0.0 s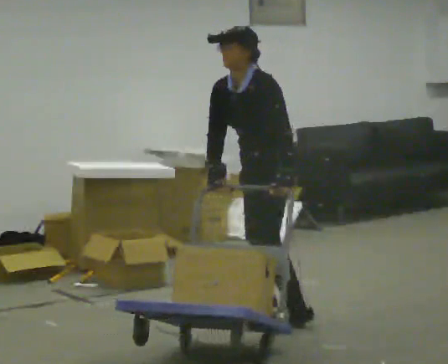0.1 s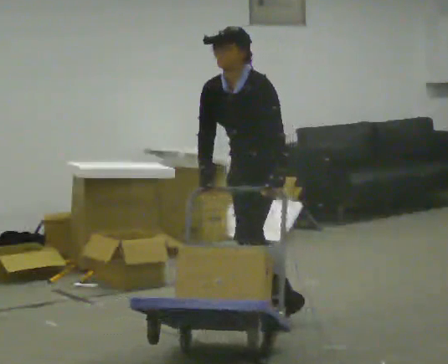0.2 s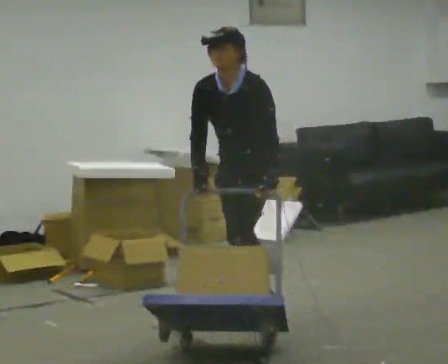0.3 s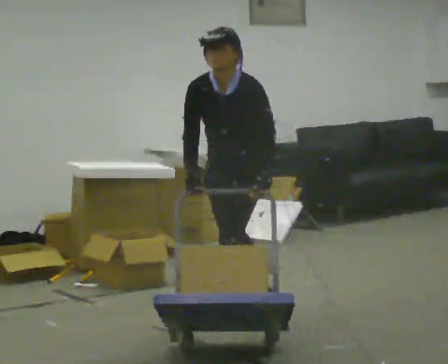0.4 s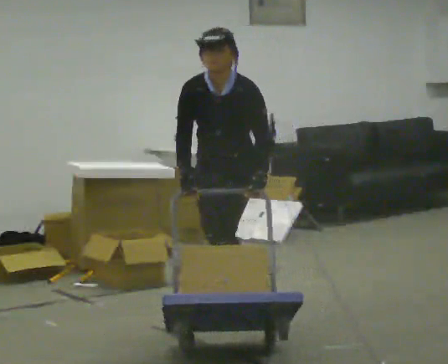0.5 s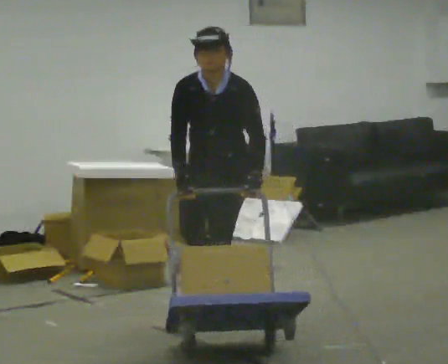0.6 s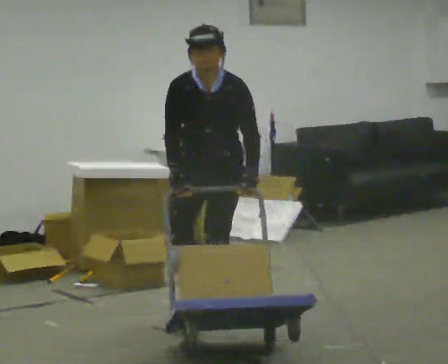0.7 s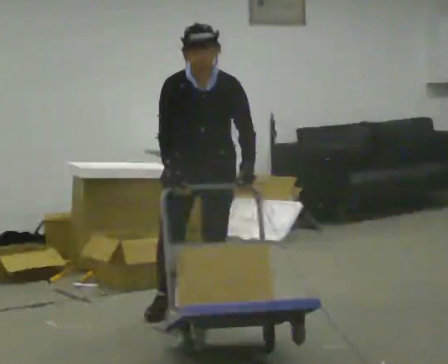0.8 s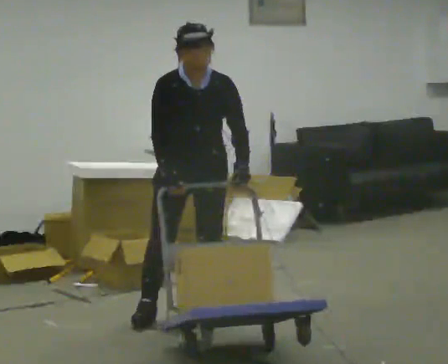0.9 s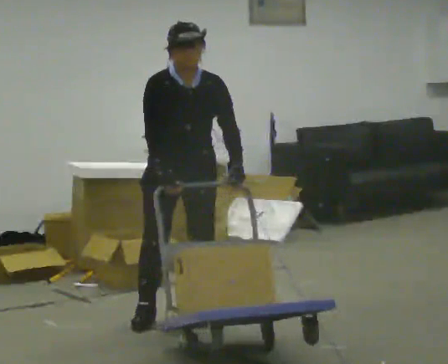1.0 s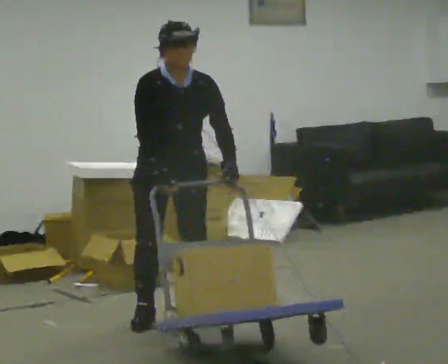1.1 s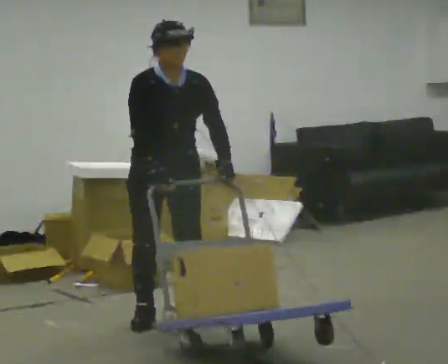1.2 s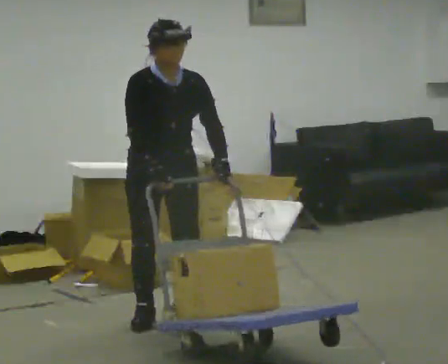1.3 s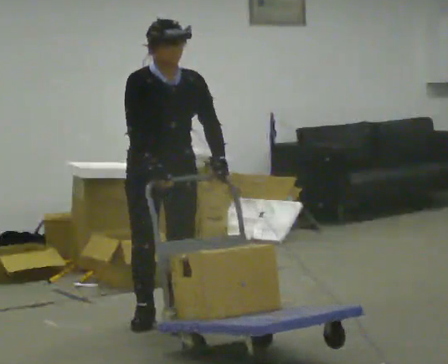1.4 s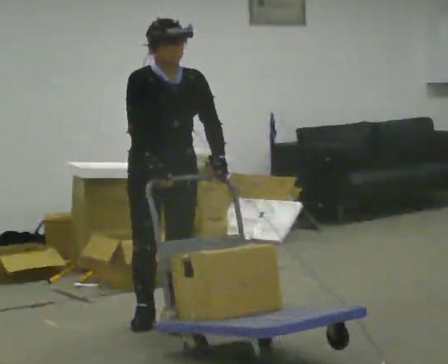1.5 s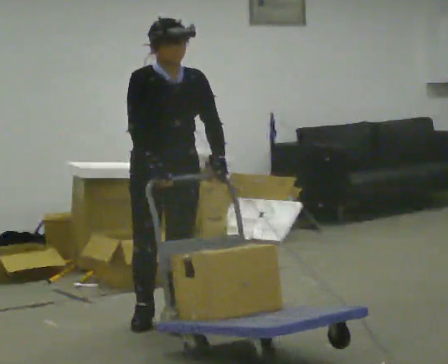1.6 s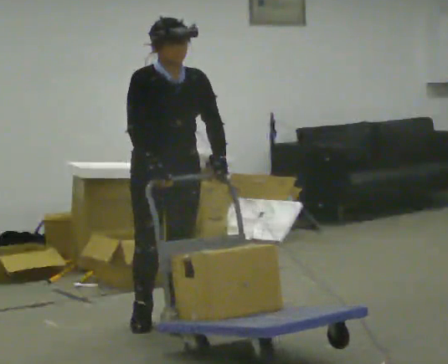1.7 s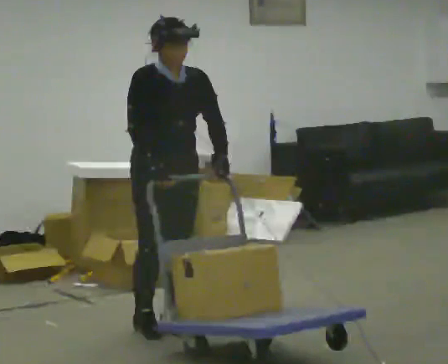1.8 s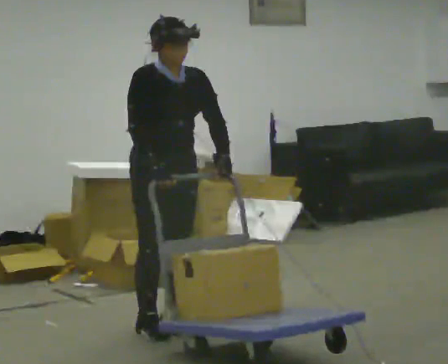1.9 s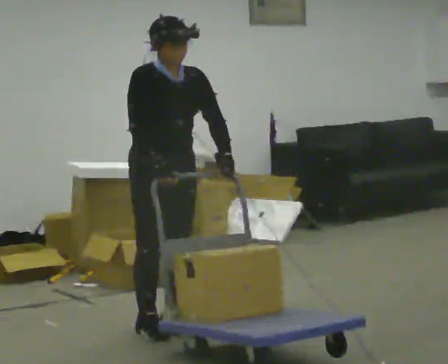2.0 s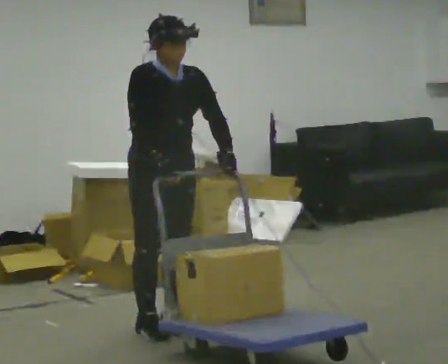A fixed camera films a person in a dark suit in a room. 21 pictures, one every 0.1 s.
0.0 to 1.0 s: Seen from above the body turns counterclockwise, about 75 degrees: to their left, with its near side sliding to the right. In the picture they go to the left, about 0.5 m in 2 steps. In the picture the upper body tilts clockwise, shoulders to the right.
1.0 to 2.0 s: The part of the body nearest the lens slides to the right as the person turns to their left by about 30 degrees. In the picture they go toward the camera, about 0.25 m in 2 steps, which for them is forward.
The film runs forward here.
